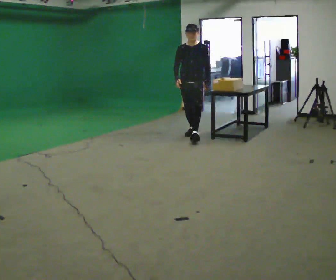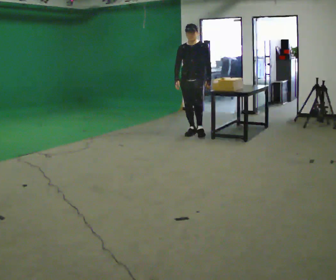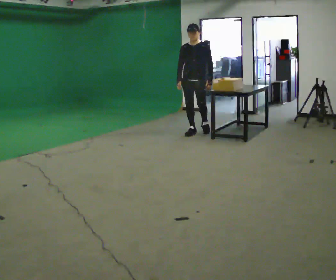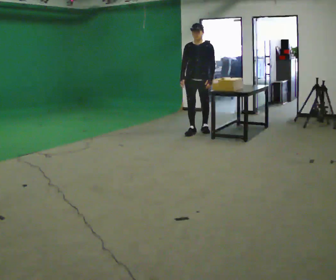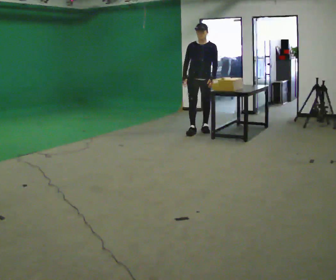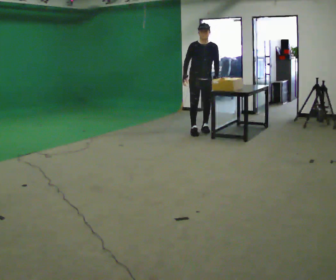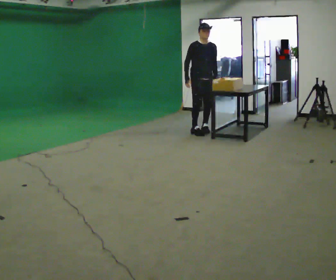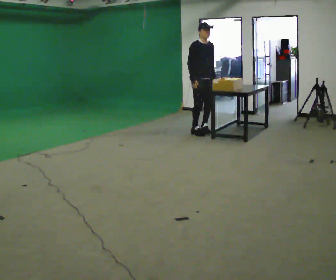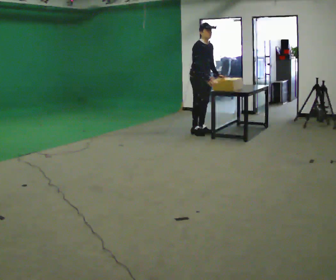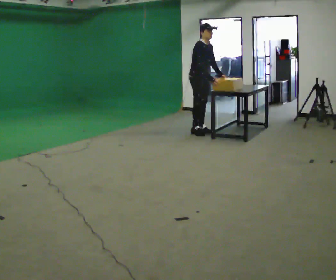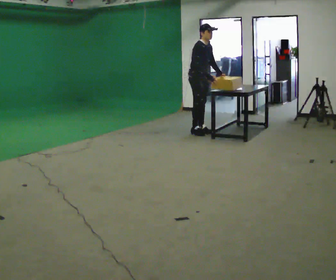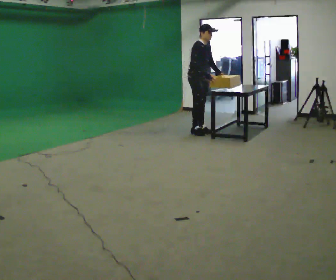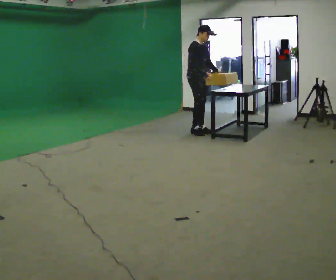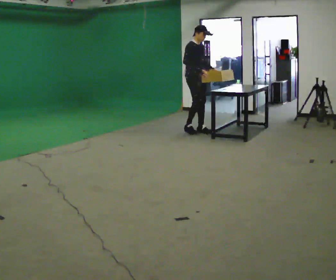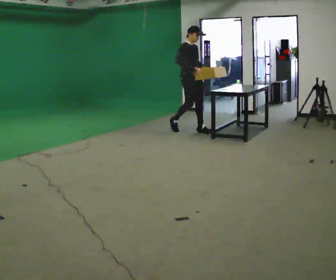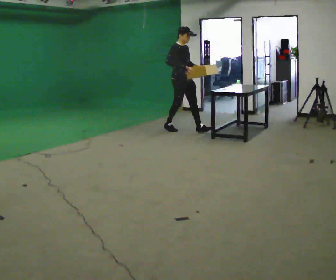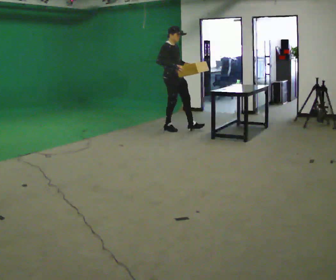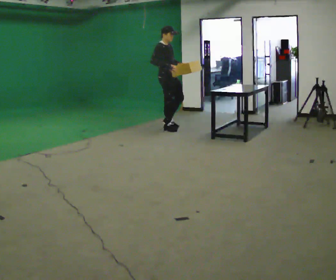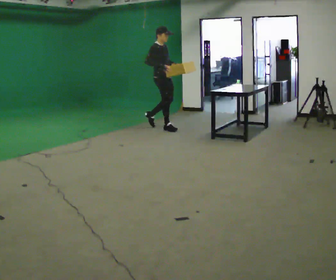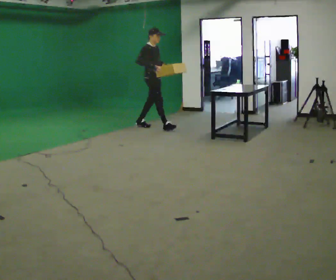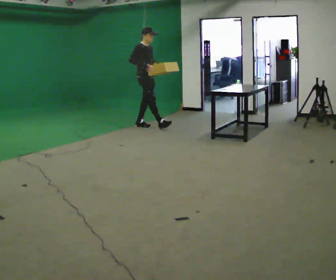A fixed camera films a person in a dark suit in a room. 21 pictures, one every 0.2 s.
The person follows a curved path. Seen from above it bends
counterclockwise.
0.0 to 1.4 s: The person turns about 45 degrees to their left, counterclockwise seen from above, so the part of the body nearest the lens slides to the right. In the picture they go away from the camera, about 0.25 m, which for them is backward and to their left.
1.4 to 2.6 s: The person moves a little, or ends about where they began.
2.6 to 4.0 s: In the picture they go to the left and away from the camera, about 1 m in 2 steps, which for them is backward.
The film runs backward here.
